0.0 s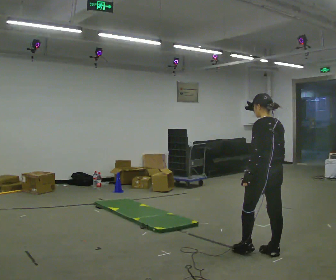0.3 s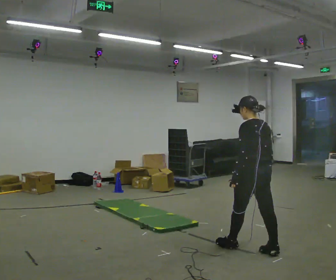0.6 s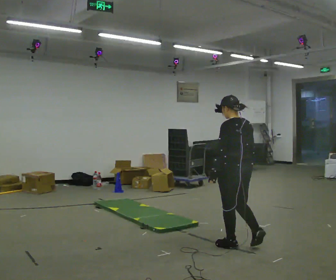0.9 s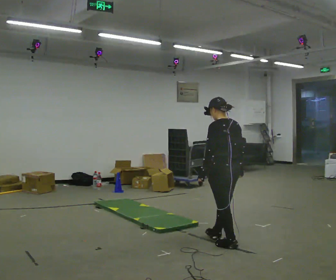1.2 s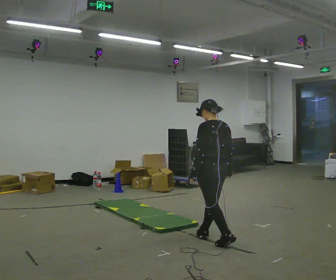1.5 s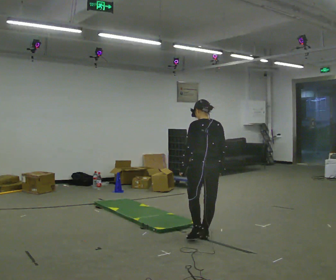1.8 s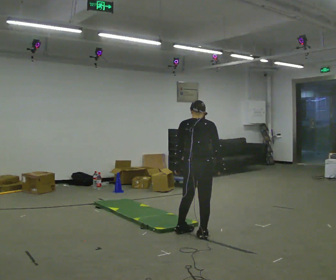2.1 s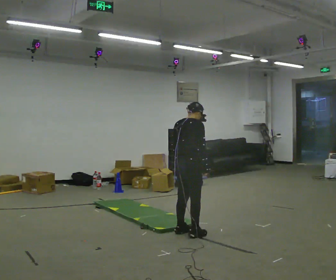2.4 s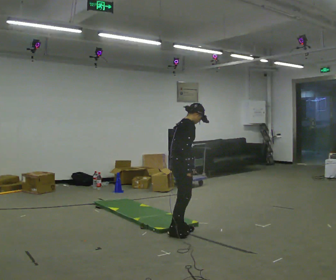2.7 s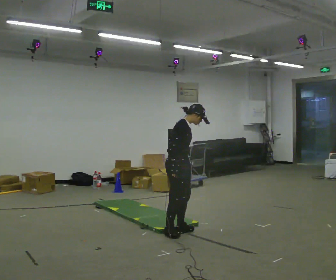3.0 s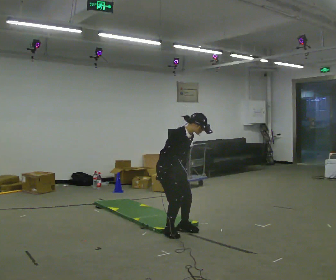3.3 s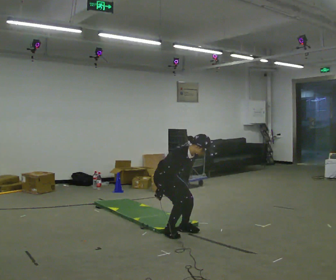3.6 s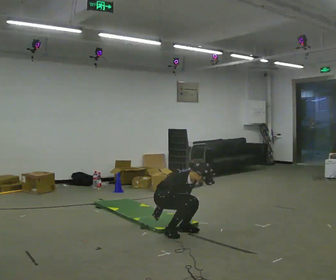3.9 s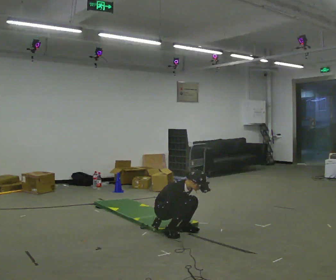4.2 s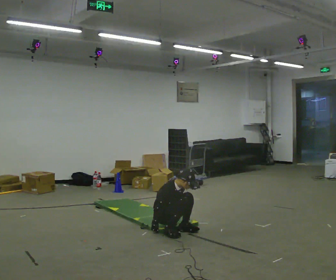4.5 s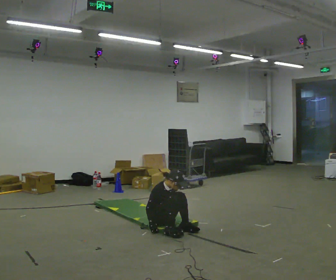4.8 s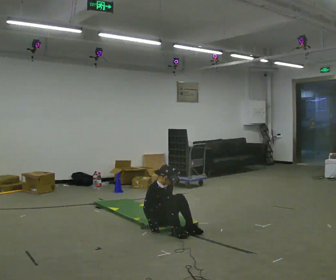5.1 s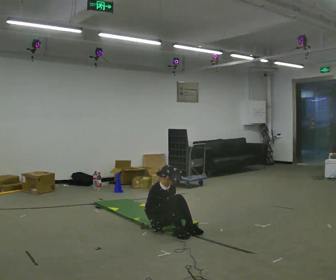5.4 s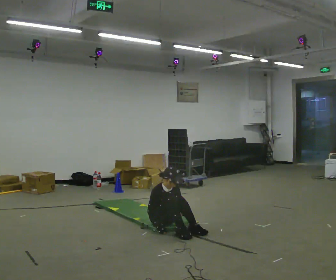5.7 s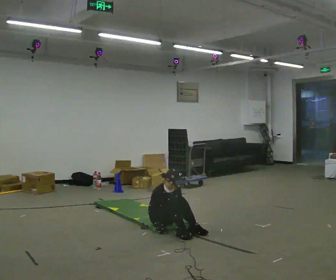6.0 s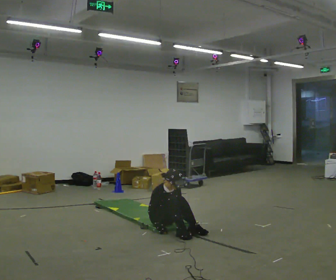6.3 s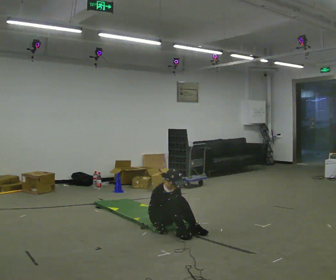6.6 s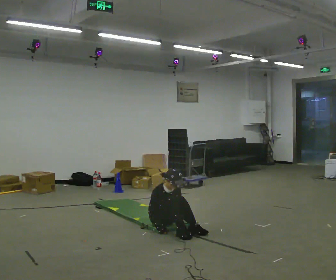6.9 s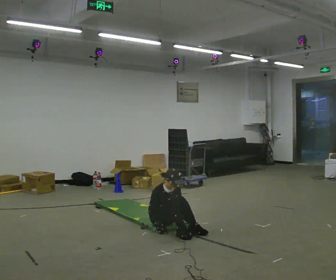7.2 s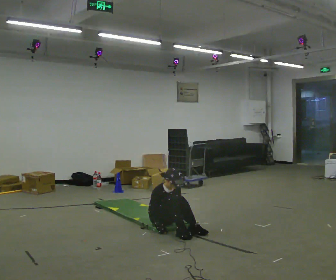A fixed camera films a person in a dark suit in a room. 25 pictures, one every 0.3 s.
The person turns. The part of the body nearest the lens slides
to the left.
The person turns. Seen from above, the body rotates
clockwise.
0.0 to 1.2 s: In the picture they go away from the camera and to the left, about 0.75 m in 2 steps, which for them is forward.
1.2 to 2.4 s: The person turns about 120 degrees to their right, clockwise seen from above, so the part of the body nearest the lens slides to the left. In the picture they go to the left and away from the camera, about 0.5 m in 1 step.
2.4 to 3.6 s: Seen from above the body turns clockwise, about 45 degrees: to their right, with its near side sliding to the left. In the picture they go to the left, about 0.25 m in 1 step, which for them is backward. The upper body goes downward. The upper body tips toward the camera, its near side rolling downward, as they bend forward. In the picture their right hand goes downward.
3.6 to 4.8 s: The upper body goes downward. In the picture the upper body tilts counterclockwise, shoulders to the left, as they lean back or straighten.
4.8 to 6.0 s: The person moves a little, or ends about where they began.
6.0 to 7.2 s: The person keeps their place and pose.
The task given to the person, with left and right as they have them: From standing, sit down on the floor, then stand back up in whatever way is natural. Repeat the movement at your own pace until the operator says stop; do not rush.
The film runs forward here.
